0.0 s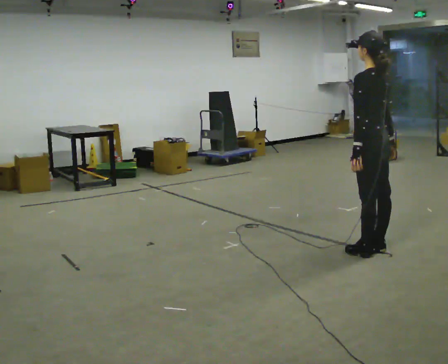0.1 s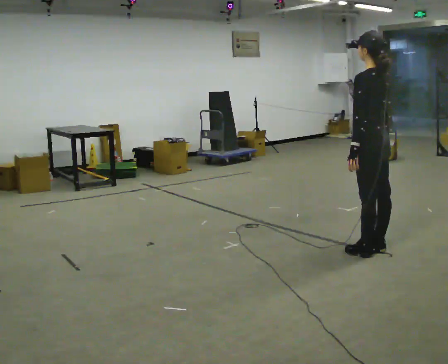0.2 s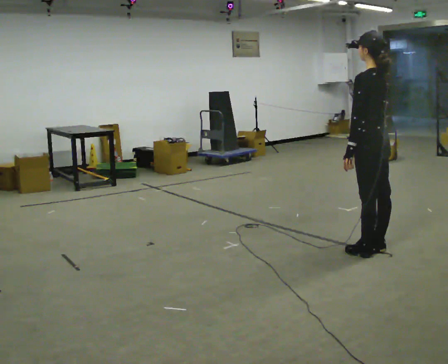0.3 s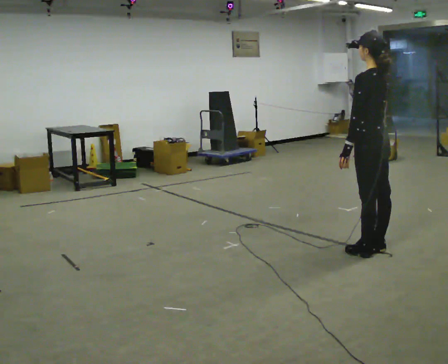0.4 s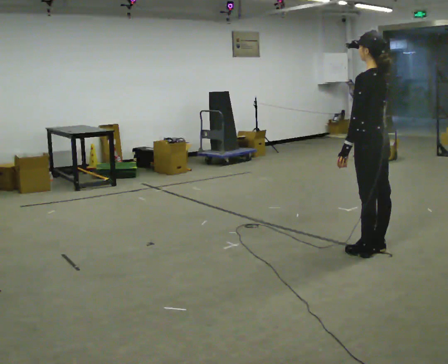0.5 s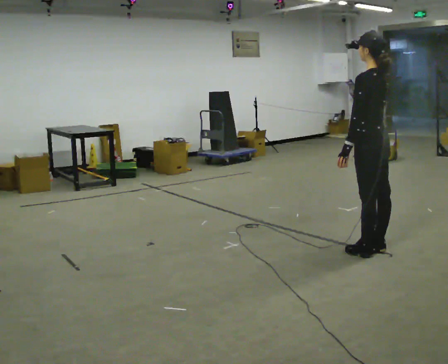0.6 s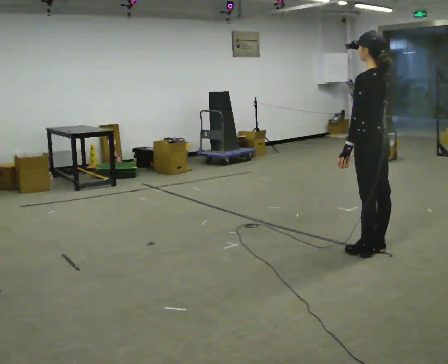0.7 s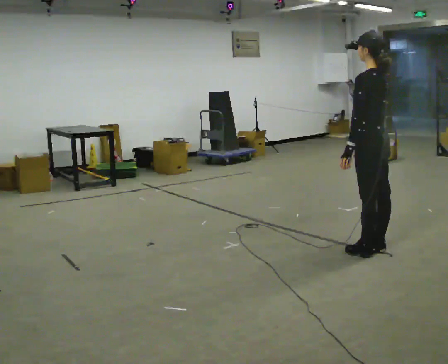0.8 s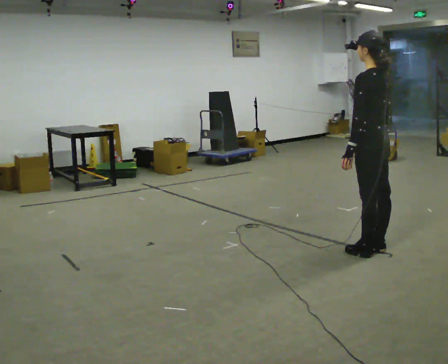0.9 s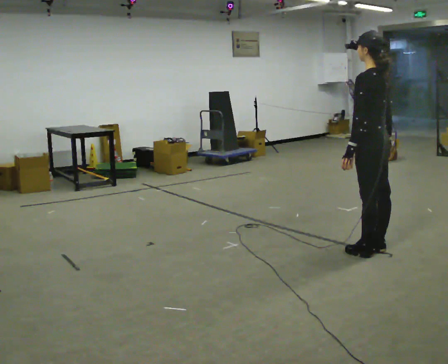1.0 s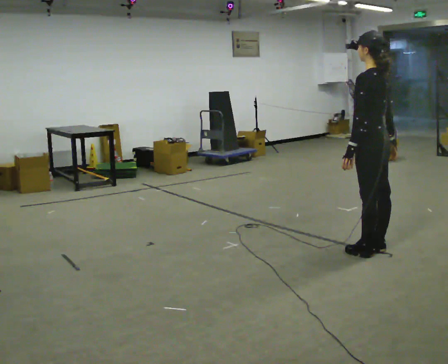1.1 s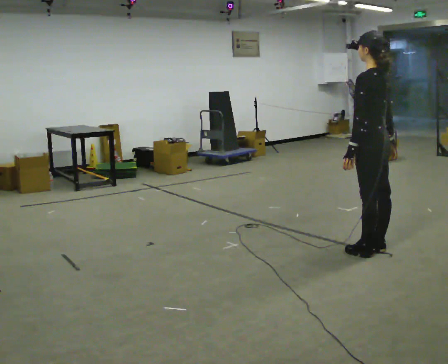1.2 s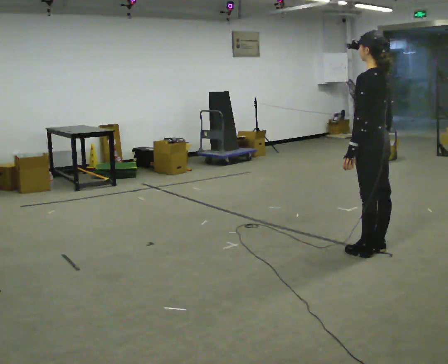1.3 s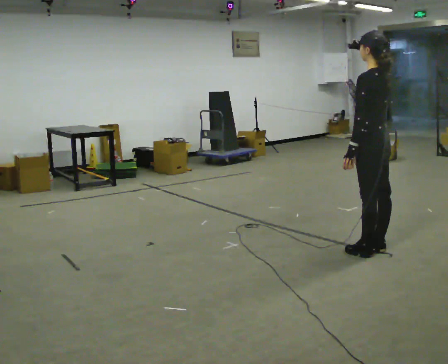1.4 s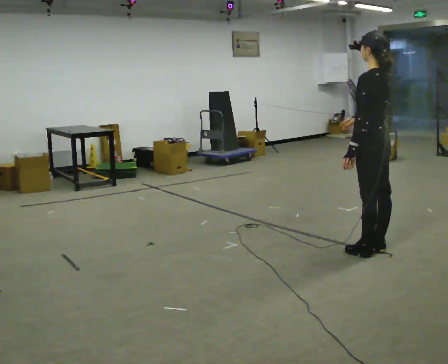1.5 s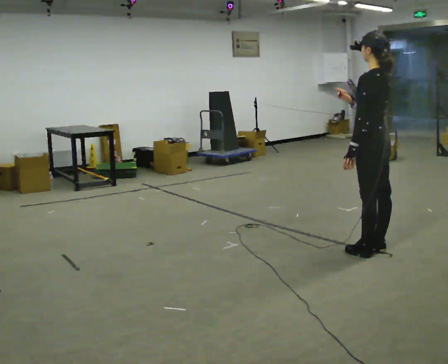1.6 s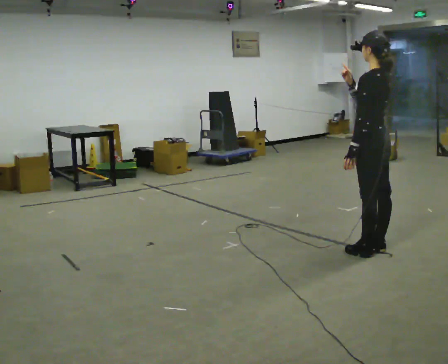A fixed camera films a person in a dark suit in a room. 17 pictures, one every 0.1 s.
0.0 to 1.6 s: In the picture their right hand goes upward and to the left.
The film runs backward here.
